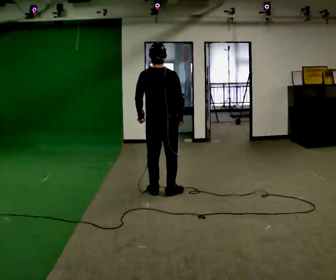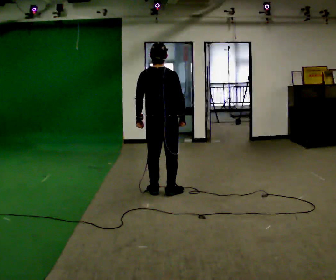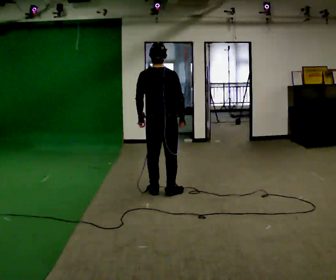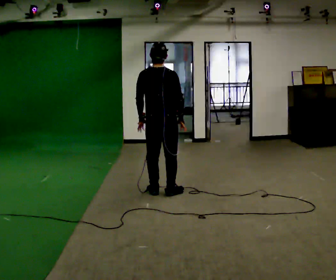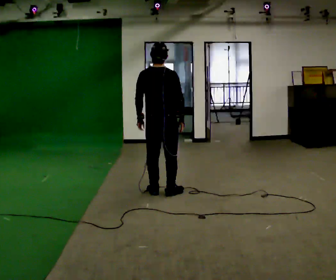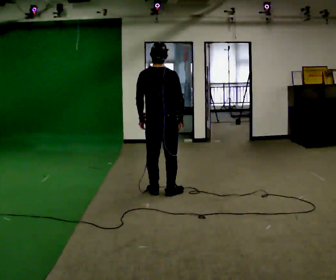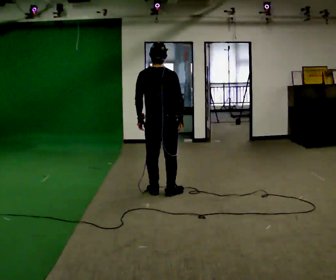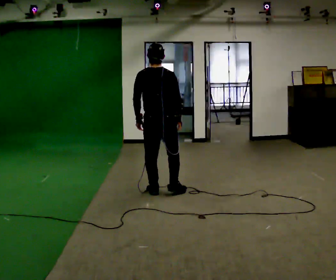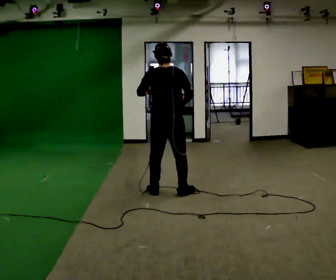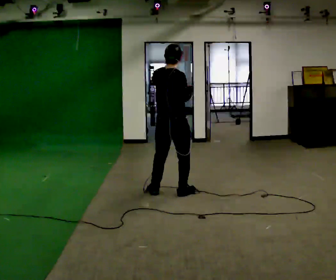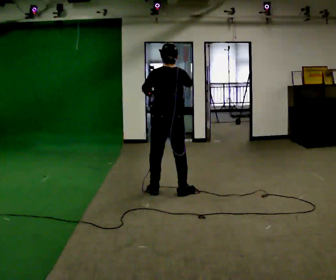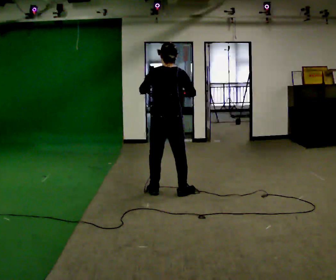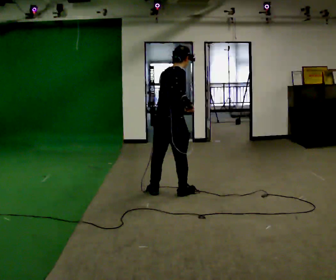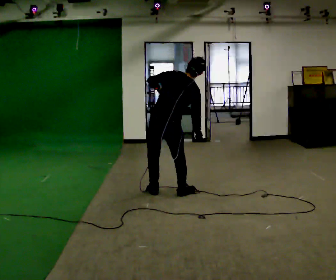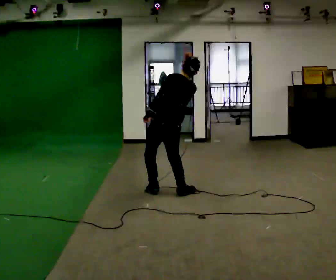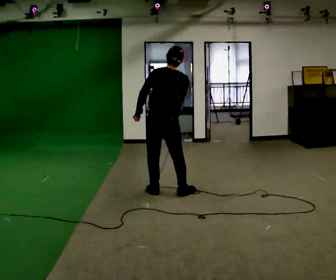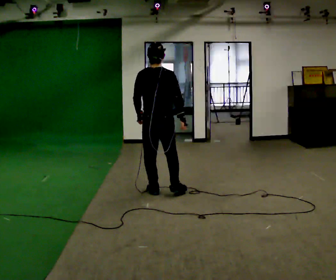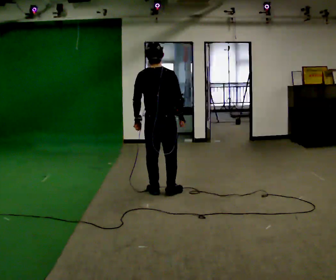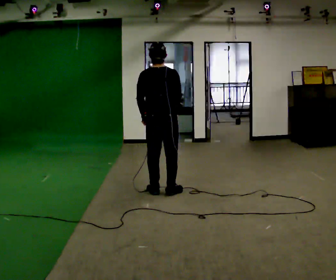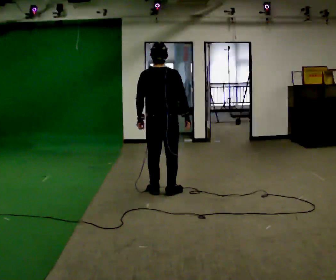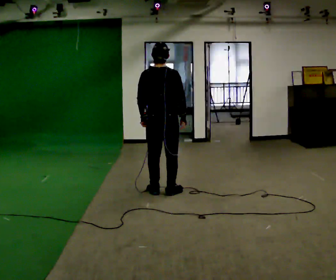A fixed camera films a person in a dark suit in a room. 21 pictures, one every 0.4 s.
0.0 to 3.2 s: The person moves a little, or ends about where they began.
3.2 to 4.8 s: Seen from above the body turns clockwise, about 30 degrees: to their right, with its near side sliding to the left.
4.8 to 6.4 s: The part of the body nearest the lens slides to the right as the person turns to their left by about 45 degrees. In the picture their left hand goes downward and to the left.
6.4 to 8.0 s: The person moves a little, or ends about where they began.
The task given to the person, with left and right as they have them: Mimic boxing into the air at moderate speed with both hands, moving your feet only a little. Stay controlled; do not punch at full speed.
The film runs forward here.
